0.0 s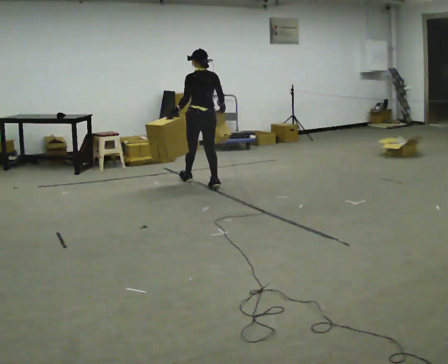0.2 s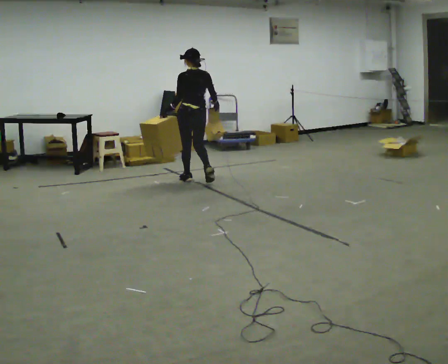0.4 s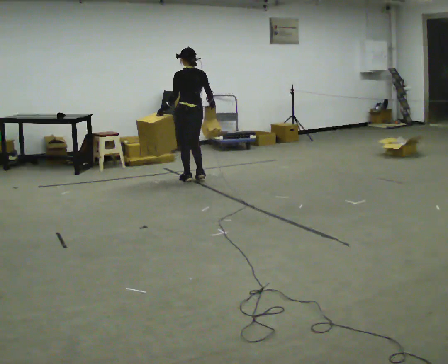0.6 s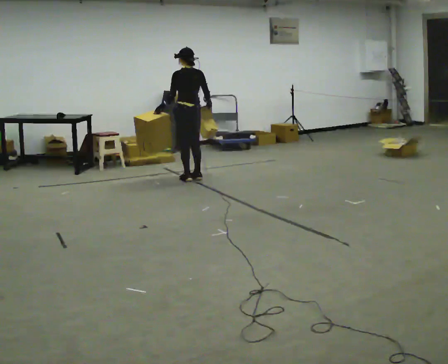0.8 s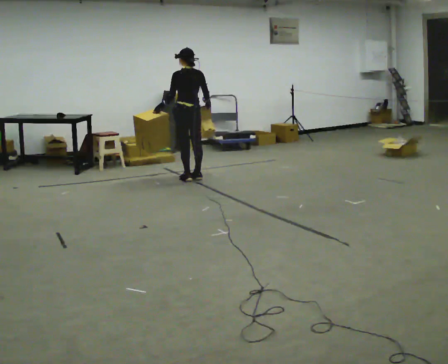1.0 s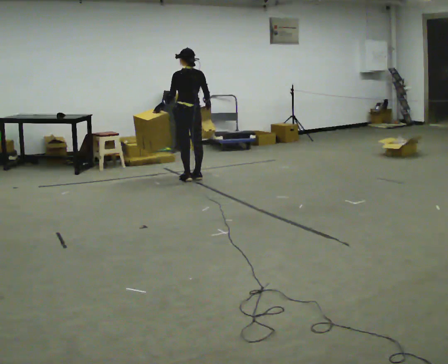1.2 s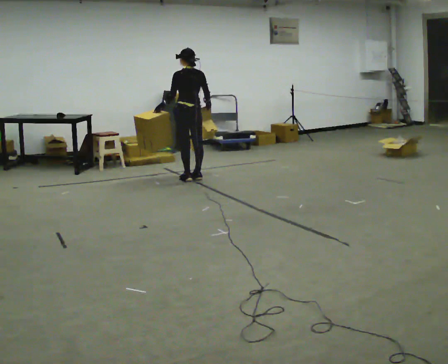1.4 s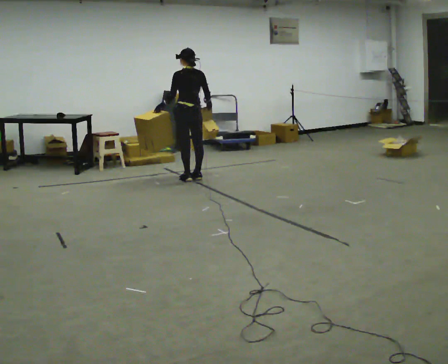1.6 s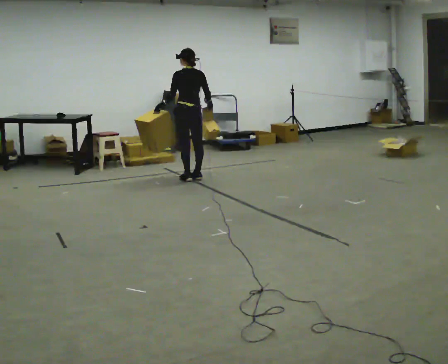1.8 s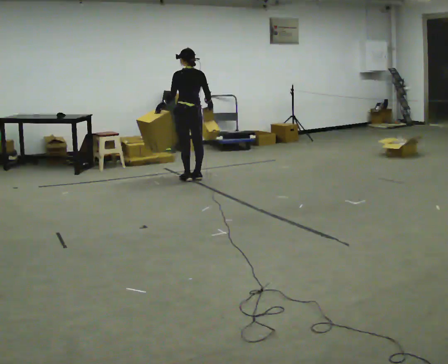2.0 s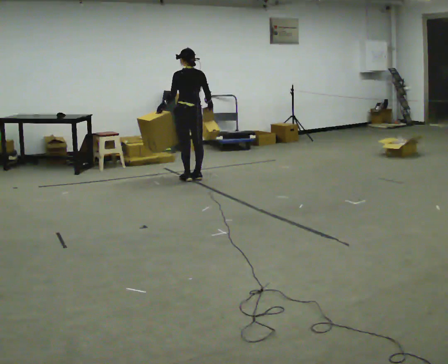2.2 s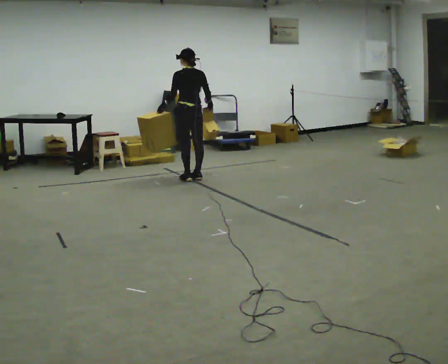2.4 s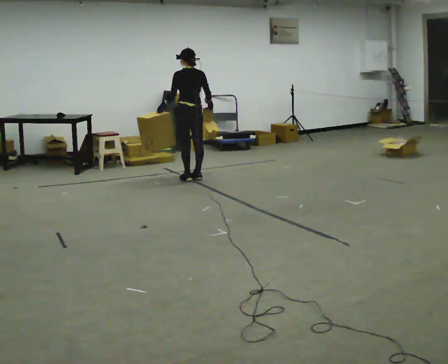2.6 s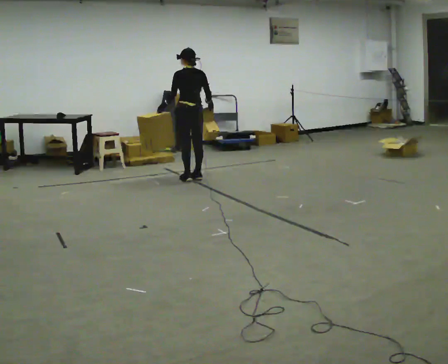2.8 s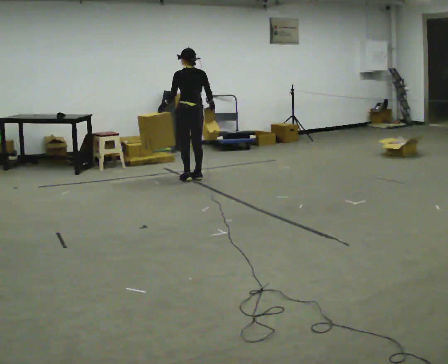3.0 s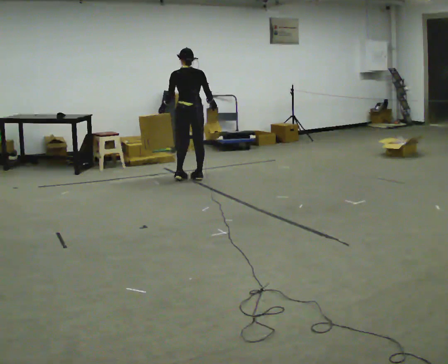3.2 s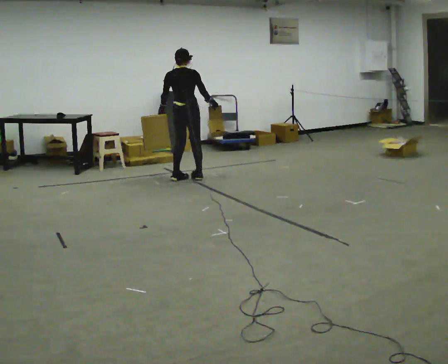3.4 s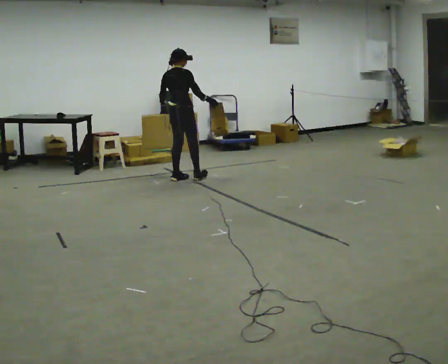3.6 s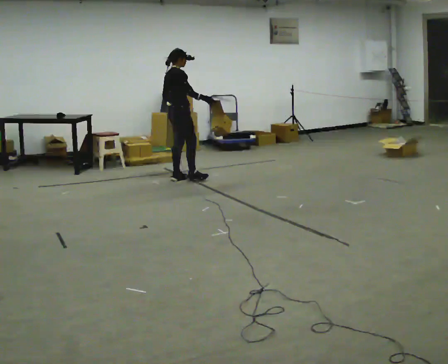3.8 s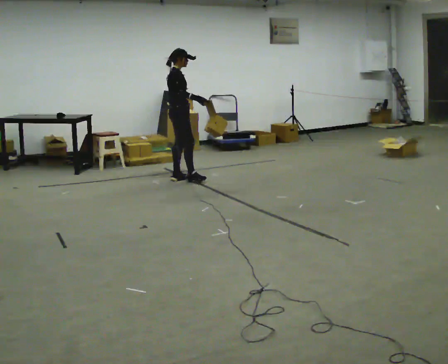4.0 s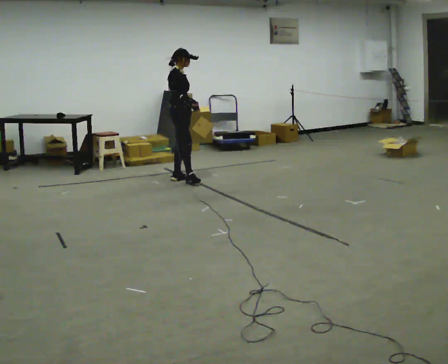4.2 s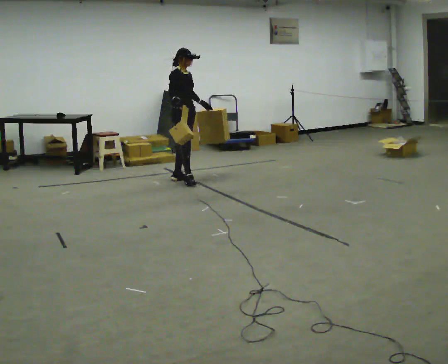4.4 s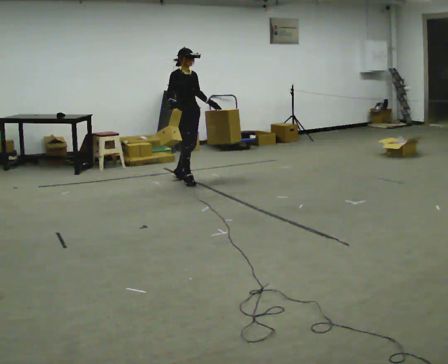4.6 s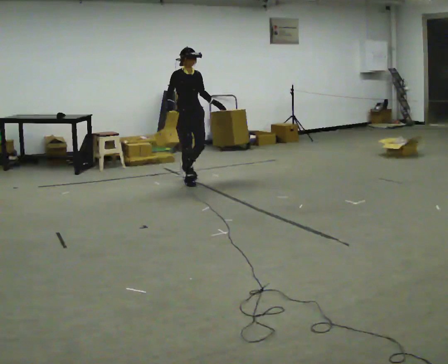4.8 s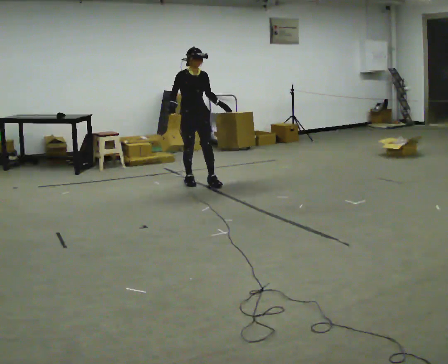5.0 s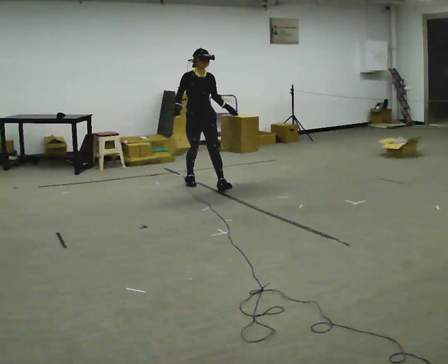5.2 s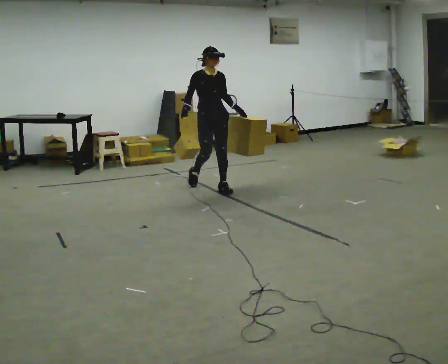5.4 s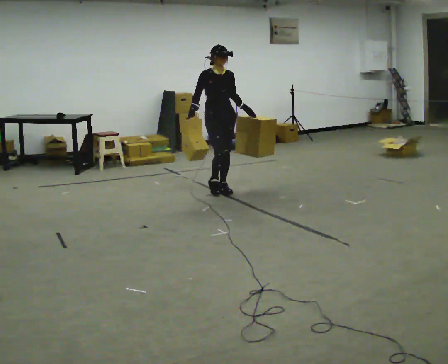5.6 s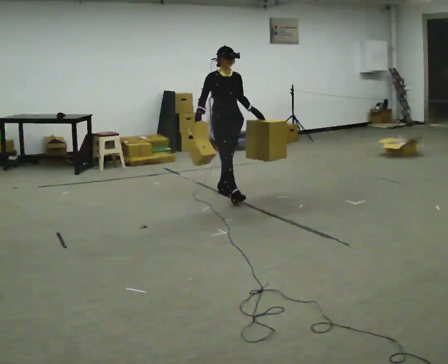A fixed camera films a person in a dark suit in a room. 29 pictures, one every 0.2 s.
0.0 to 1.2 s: In the picture they go away from the camera and to the left, about 0.25 m in 2 steps, which for them is forward.
1.2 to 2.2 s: The person moves a little, or ends about where they began.
2.2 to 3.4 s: The person turns about 60 degrees to their right, clockwise seen from above, so the part of the body nearest the lens slides to the left.
3.4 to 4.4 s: Seen from above the body turns clockwise, about 90 degrees: to their right, with its near side sliding to the left. In the picture their right hand goes to the left.
4.4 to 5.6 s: In the picture they go toward the camera and to the right, about 1 m in 1 step, which for them is forward.
The film runs forward here.
